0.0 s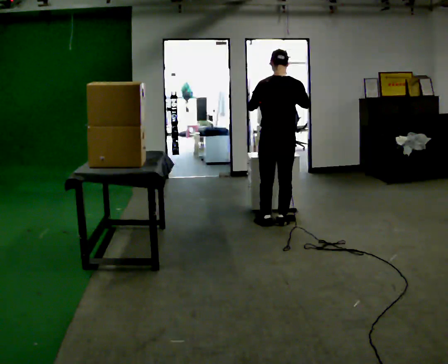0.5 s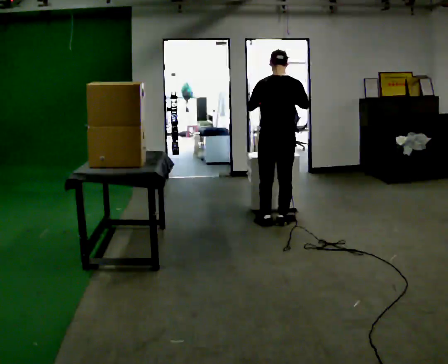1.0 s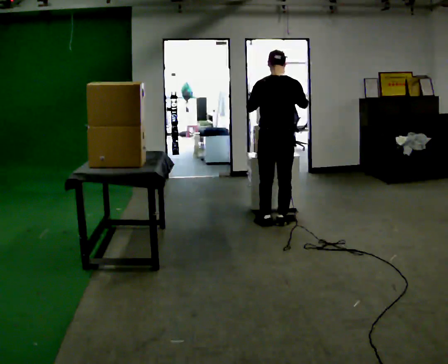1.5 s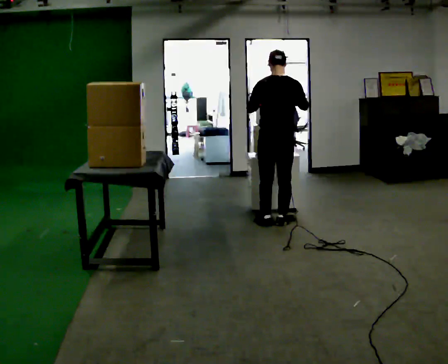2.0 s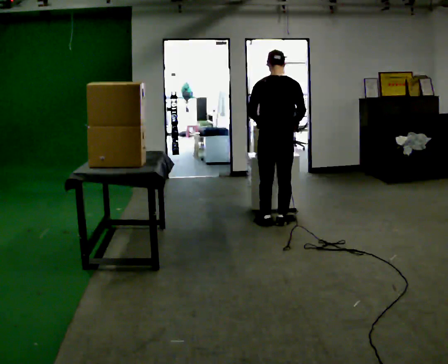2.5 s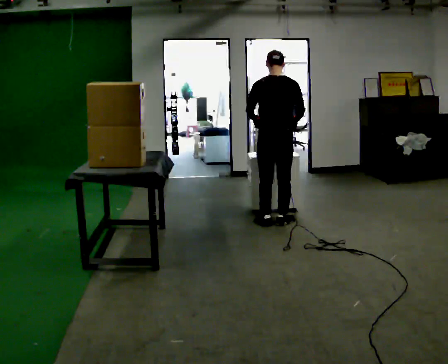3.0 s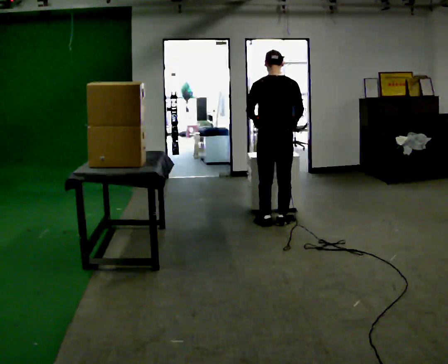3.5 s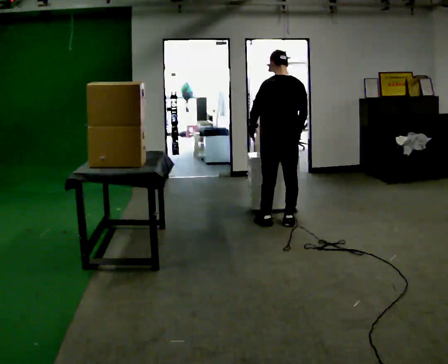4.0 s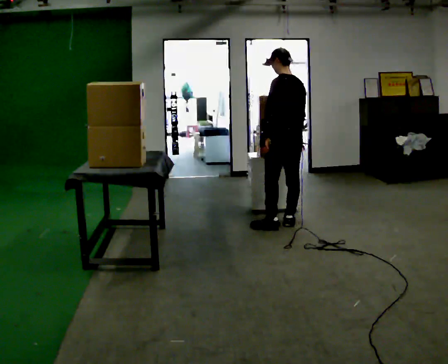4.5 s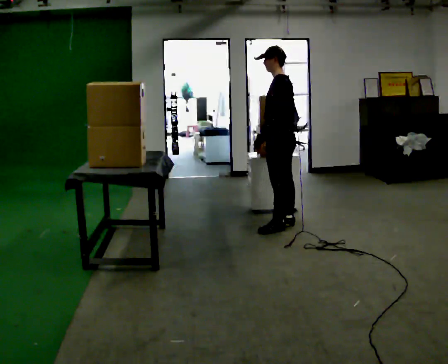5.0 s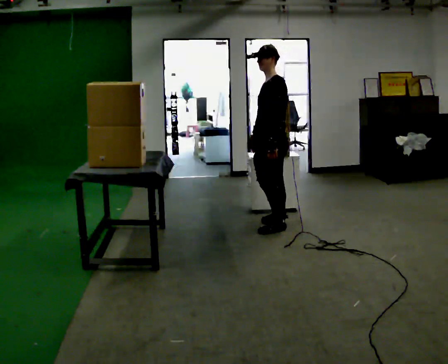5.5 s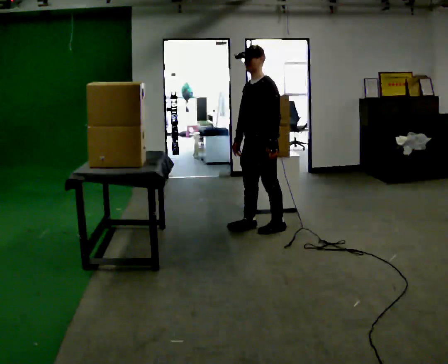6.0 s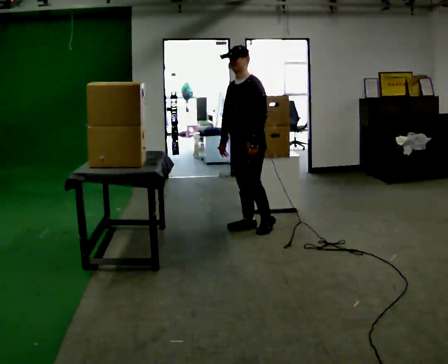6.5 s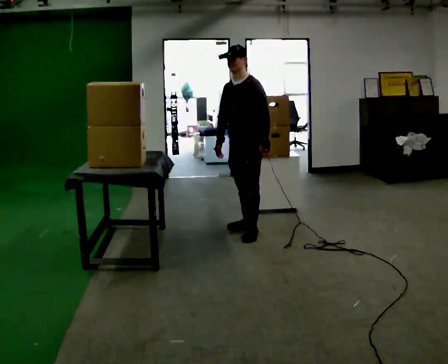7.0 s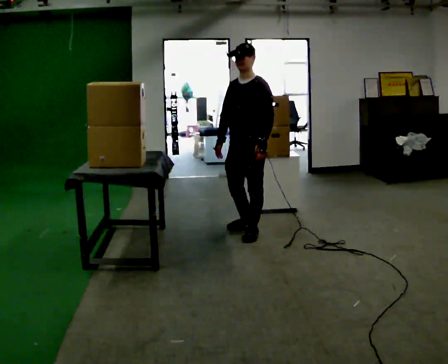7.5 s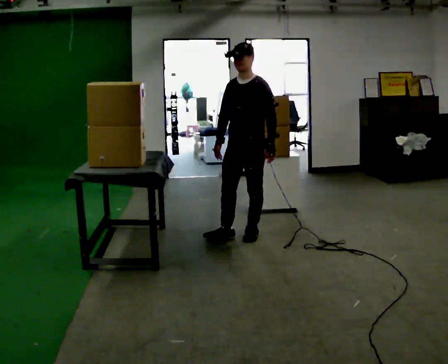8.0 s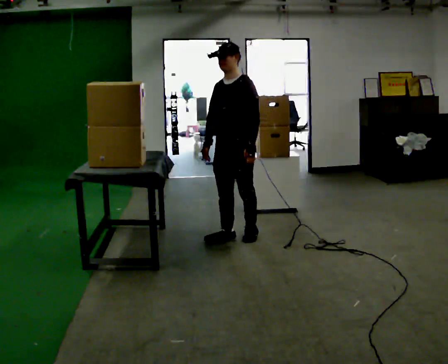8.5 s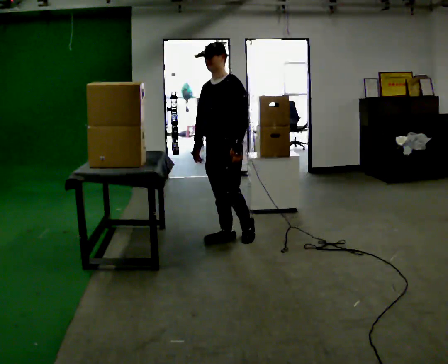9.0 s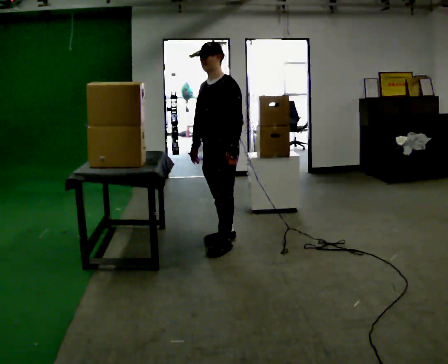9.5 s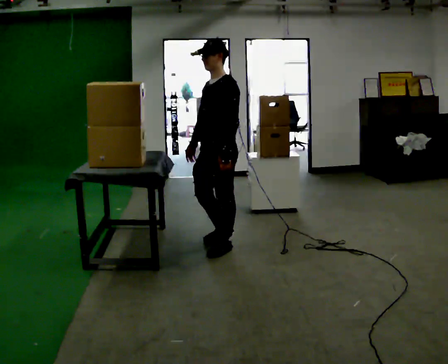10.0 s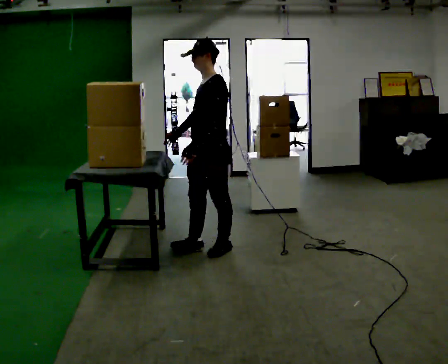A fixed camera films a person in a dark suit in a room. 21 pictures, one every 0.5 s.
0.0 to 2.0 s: The person moves a little, or ends about where they began.
2.0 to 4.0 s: The person turns about 45 degrees to their left, counterclockwise seen from above, so the part of the body nearest the lens slides to the right.
4.0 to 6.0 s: The person turns about 90 degrees to their left, counterclockwise seen from above, so the part of the body nearest the lens slides to the right. In the picture they go to the left, about 0.25 m in 2 steps.
6.0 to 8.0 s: In the picture they go toward the camera, about 0.25 m in 2 steps, which for them is forward.
8.0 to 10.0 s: The person turns about 30 degrees to their right, clockwise seen from above, so the part of the body nearest the lens slides to the left. In the picture they go toward the camera and to the left, about 0.25 m in 2 steps, which for them is forward.
The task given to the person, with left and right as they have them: Reach up into the bin on the top shelf, take out one object at a time, and carry it to the table. Keep going until the operator says stop; one object at a time, and do not rush between trips.
The film runs forward here.
